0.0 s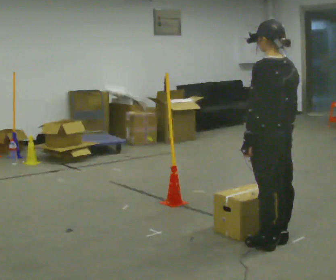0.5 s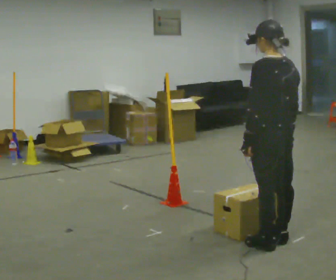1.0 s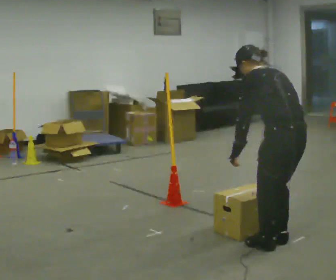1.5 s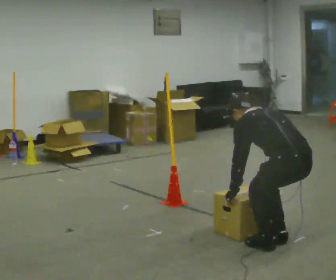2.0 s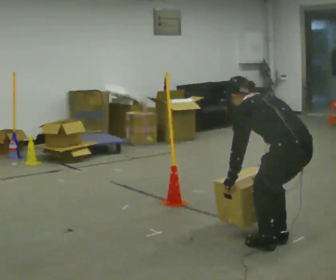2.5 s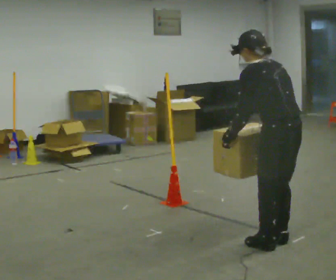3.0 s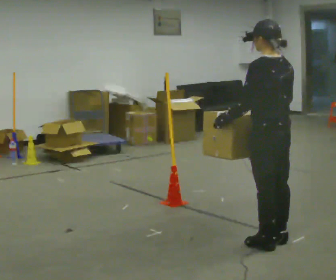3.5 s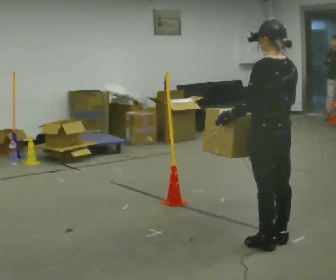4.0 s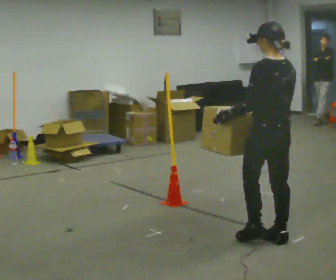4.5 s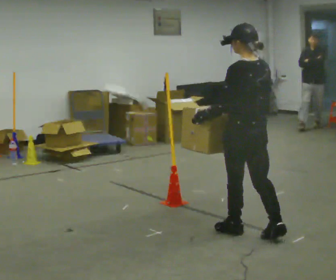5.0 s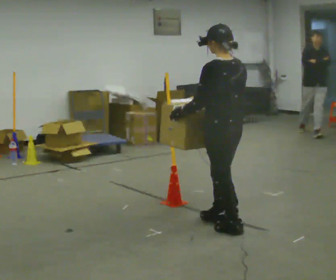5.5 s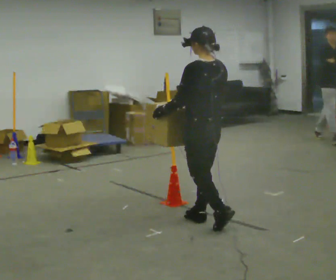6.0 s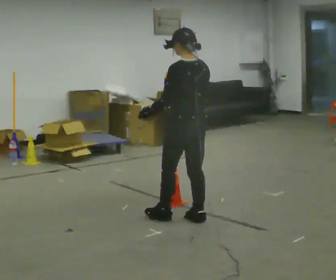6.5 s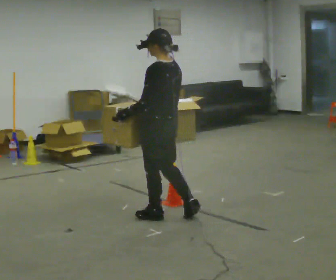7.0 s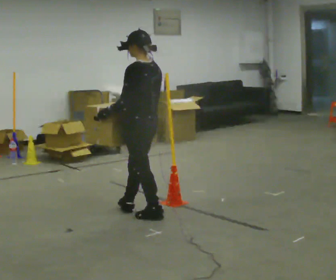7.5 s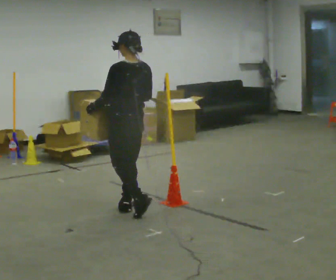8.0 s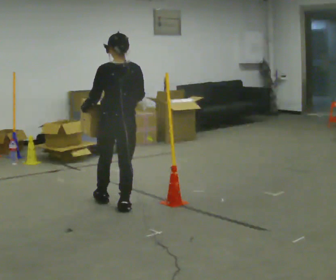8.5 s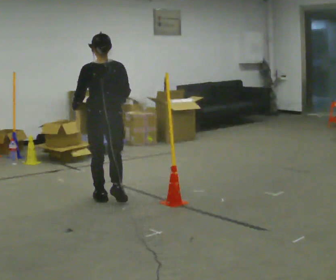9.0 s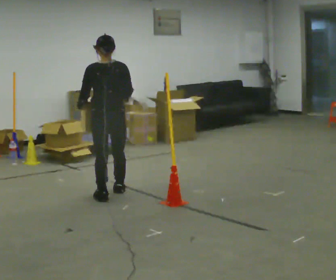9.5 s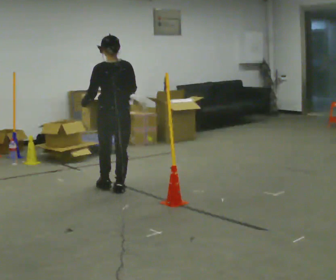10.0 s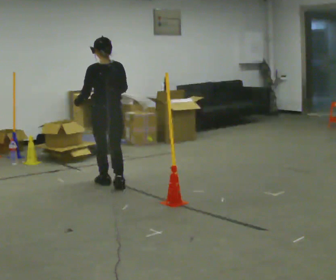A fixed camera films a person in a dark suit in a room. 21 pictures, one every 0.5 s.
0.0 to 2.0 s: The upper body tips away from the camera, its near side rolling upward, as they bend forward.
2.0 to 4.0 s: In the picture they go away from the camera, about 0.25 m, which for them is forward. The shoulders move upward. The upper body tips toward the camera, its near side rolling downward, as they lean back or straighten. In the picture their right hand goes upward.
4.0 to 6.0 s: In the picture they go to the left and away from the camera, about 1 m in 2 steps, which for them is forward.
6.0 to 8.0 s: In the picture they go to the left and away from the camera, about 0.75 m in 2 steps, which for them is forward.
8.0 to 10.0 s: In the picture they go away from the camera, about 1 m in 3 steps, which for them is forward.
The film runs forward here.
